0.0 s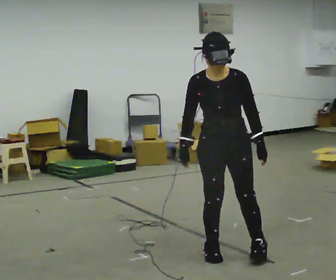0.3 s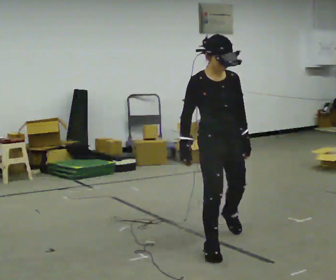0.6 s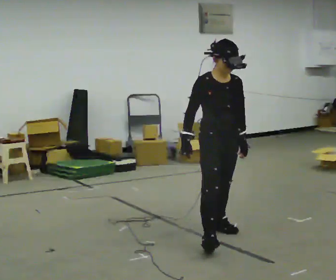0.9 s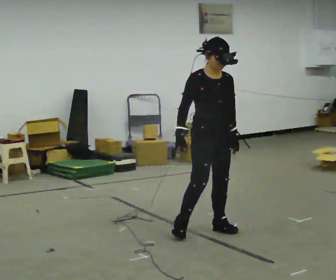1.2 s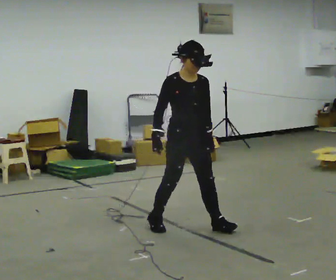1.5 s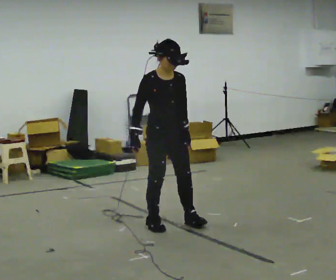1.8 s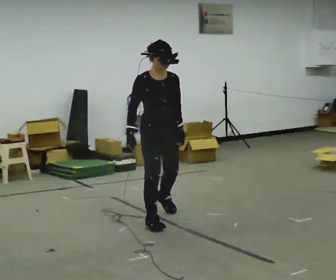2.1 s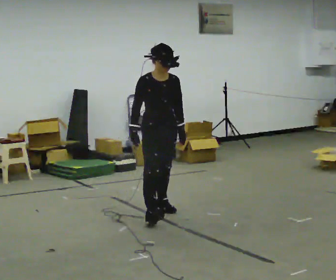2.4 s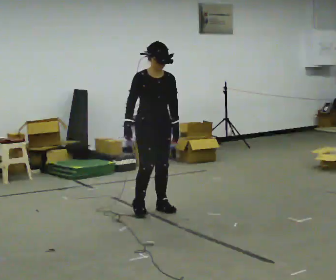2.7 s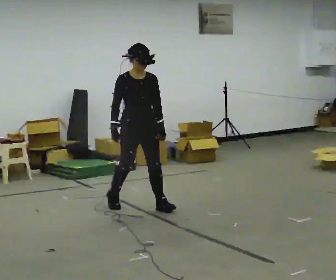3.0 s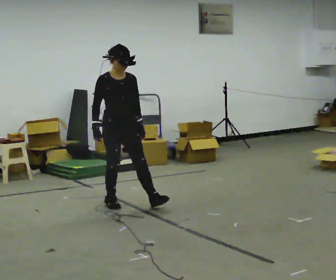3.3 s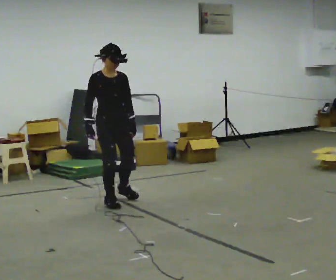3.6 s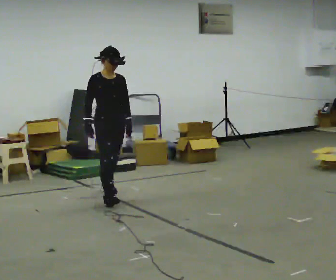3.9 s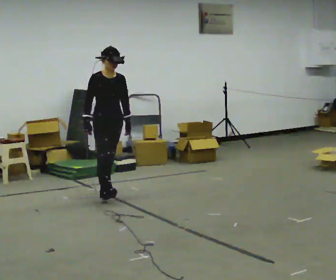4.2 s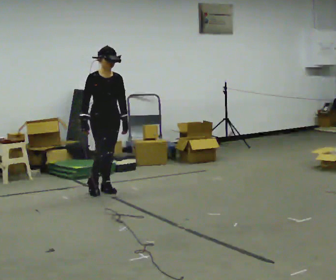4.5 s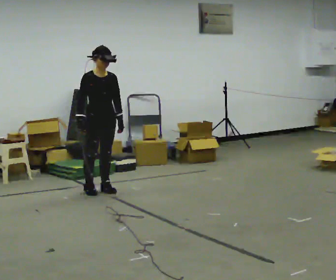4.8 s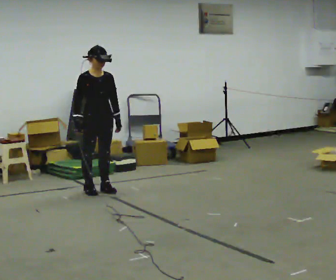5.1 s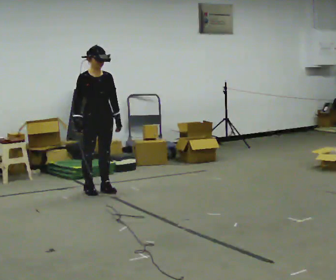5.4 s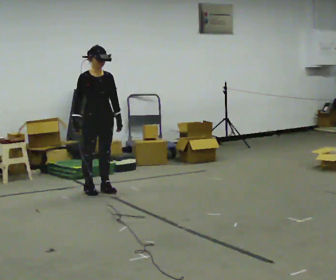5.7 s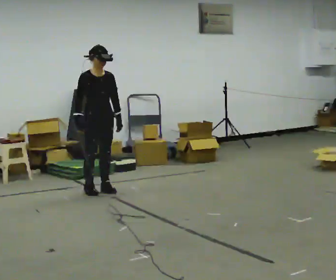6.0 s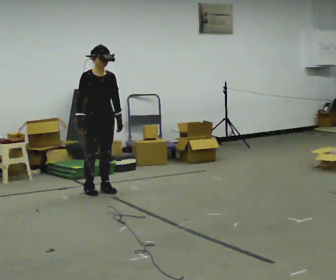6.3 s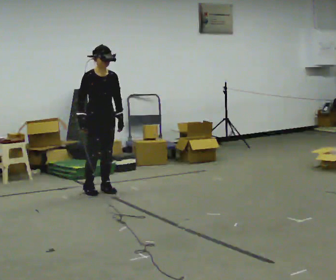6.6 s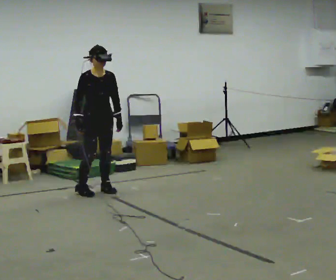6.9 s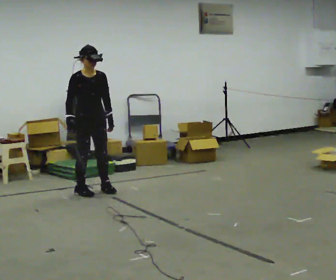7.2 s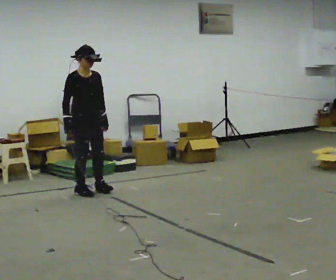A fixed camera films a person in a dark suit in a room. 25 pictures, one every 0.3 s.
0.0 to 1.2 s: The person turns about 30 degrees to their left, counterclockwise seen from above, so the part of the body nearest the lens slides to the right. In the picture they go away from the camera, about 0.5 m in 1 step, which for them is backward.
1.2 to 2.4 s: In the picture they go away from the camera, about 0.75 m in 2 steps, which for them is backward.
2.4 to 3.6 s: In the picture they go away from the camera and to the left, about 0.75 m in 1 step, which for them is backward.
3.6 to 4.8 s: In the picture they go away from the camera, about 0.25 m in 1 step, which for them is backward.
4.8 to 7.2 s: The person moves a little, or ends about where they began.
The film runs backward here.
